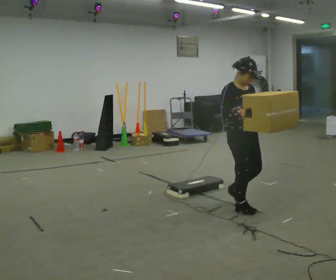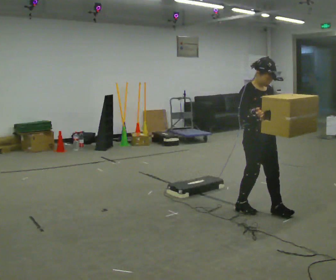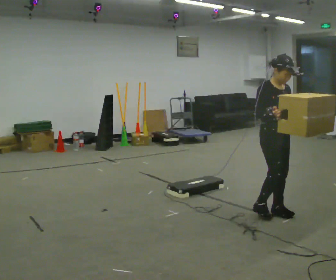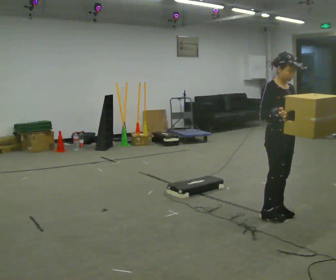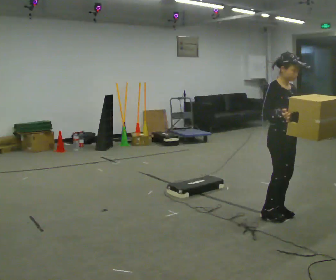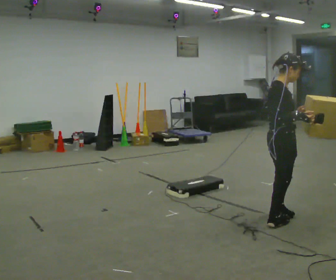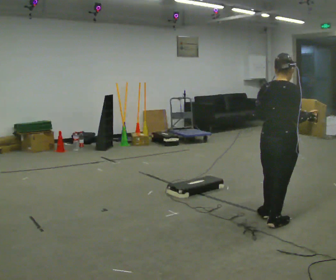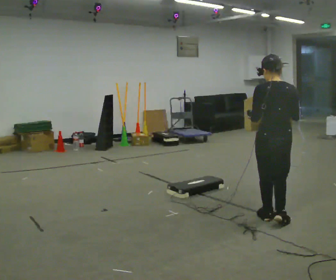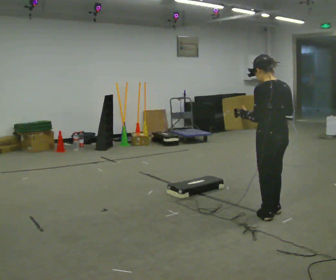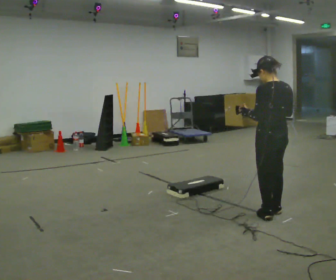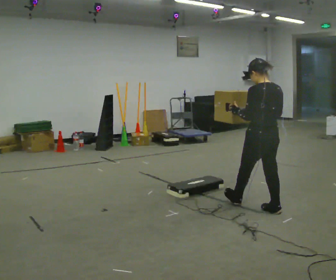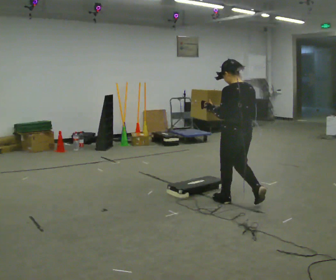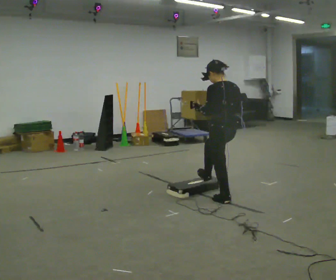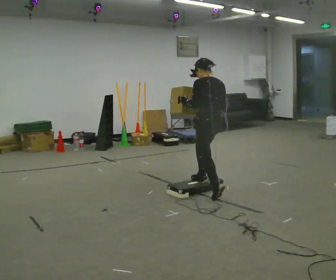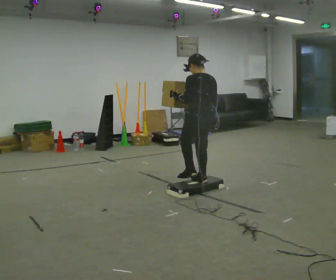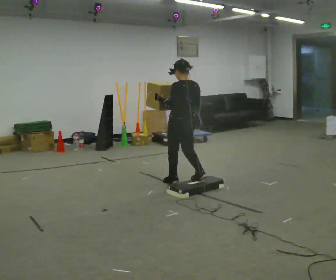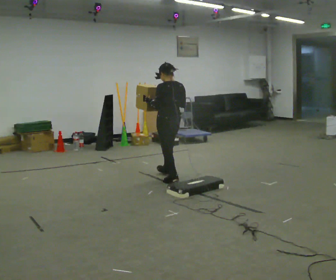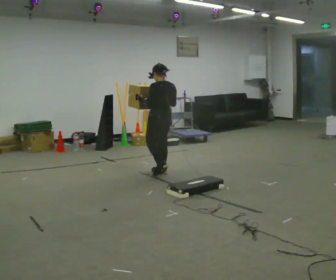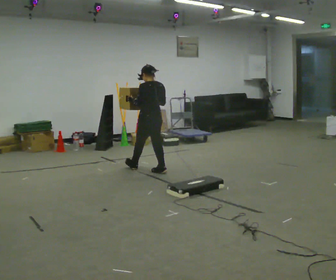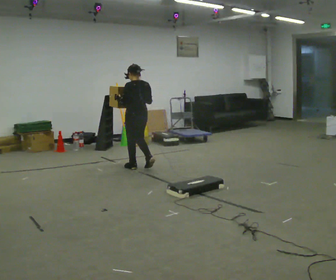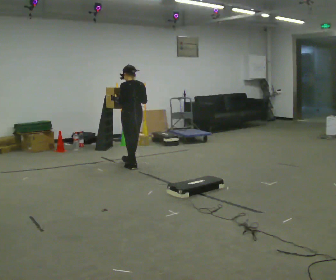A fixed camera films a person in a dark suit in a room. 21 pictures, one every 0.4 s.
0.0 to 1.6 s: In the picture they go to the right and toward the camera, about 0.5 m in 2 steps, which for them is forward.
1.6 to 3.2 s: The part of the body nearest the lens slides to the right as the person turns to their left by about 165 degrees.
3.2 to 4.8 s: In the picture they go away from the camera and to the left, about 0.75 m in 1 step, which for them is forward.
4.8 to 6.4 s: In the picture they go away from the camera and to the left, about 1 m in 2 steps, which for them is forward.
6.4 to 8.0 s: In the picture they go to the left and away from the camera, about 1 m in 3 steps, which for them is forward.
The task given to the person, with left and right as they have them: Carry the box up onto the platform, across it, and down the other side, then bring it back. Keep going until the operator says stop; one object at a time, and do not rush between trips.
The film runs forward here.
